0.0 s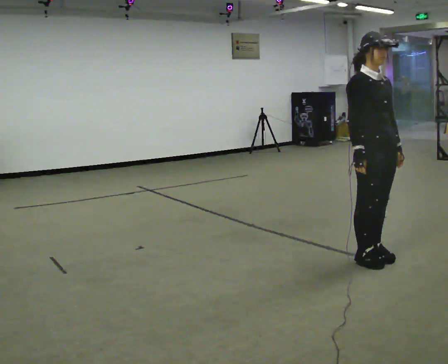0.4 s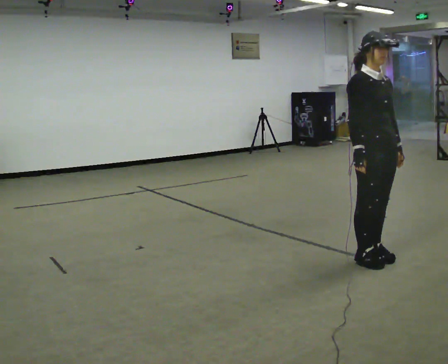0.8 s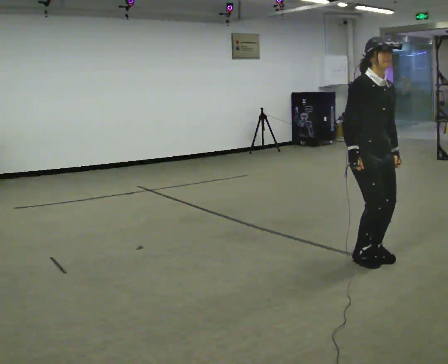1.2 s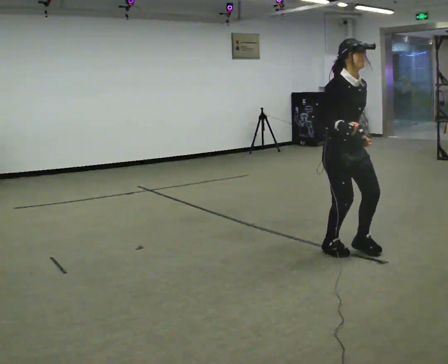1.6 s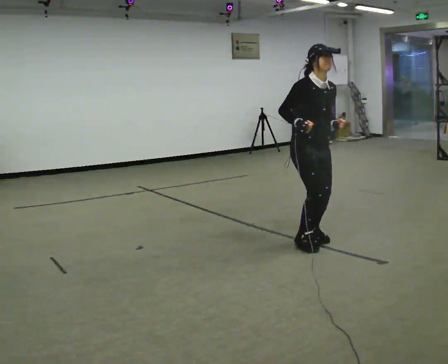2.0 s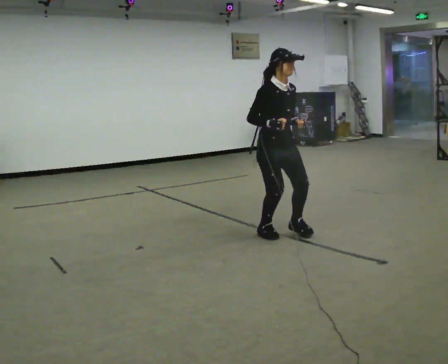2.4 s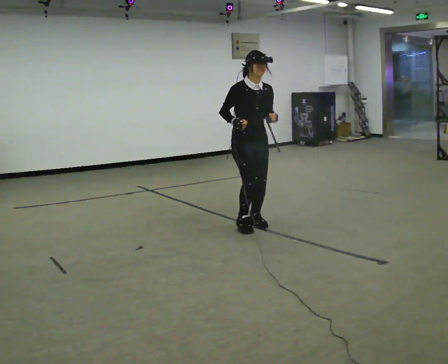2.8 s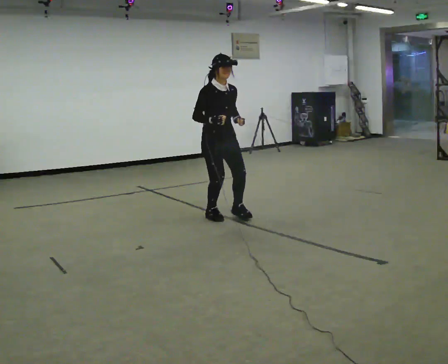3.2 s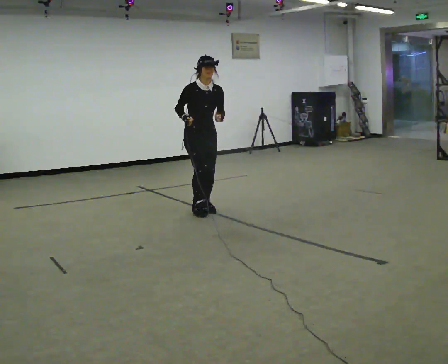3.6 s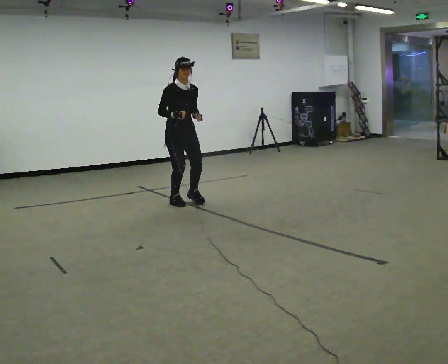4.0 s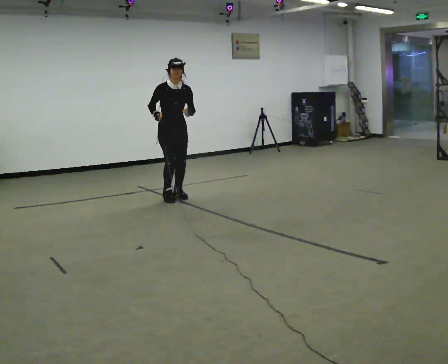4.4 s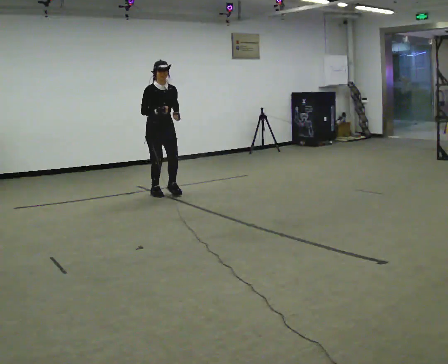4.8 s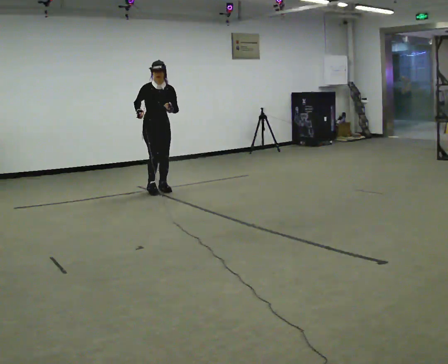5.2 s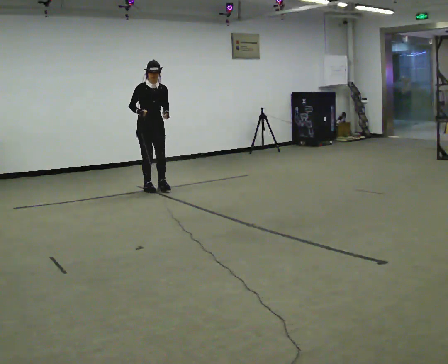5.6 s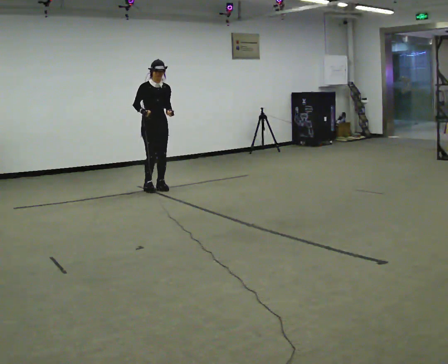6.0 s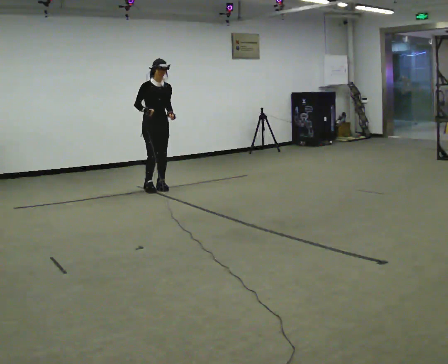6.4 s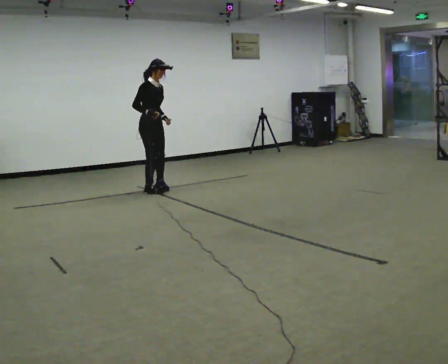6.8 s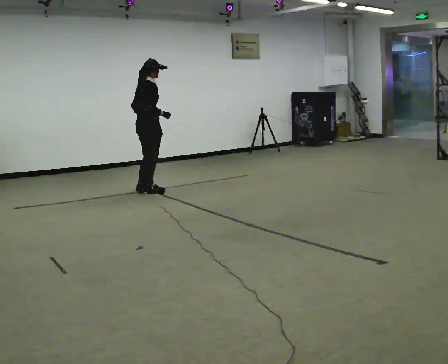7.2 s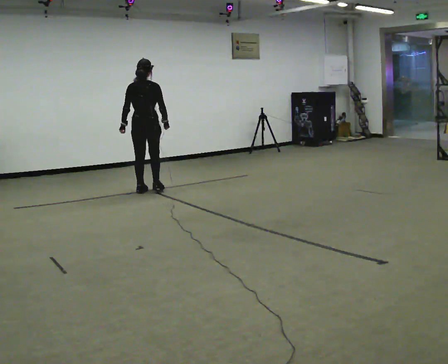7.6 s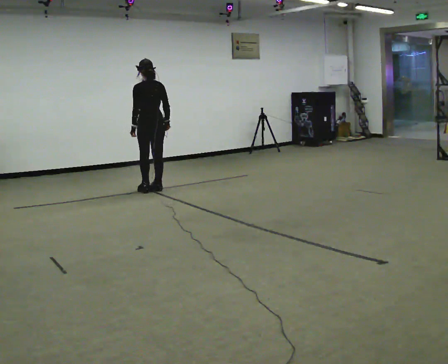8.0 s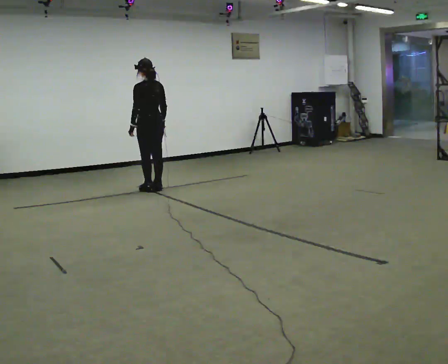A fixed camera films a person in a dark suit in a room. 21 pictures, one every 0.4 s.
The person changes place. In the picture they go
away from the camera.
0.0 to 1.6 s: In the picture they go away from the camera and to the left, about 0.75 m in 2 steps, which for them is backward.
1.6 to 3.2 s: In the picture they go away from the camera and to the left, about 1.5 m in 4 steps, which for them is backward.
3.2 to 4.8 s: In the picture they go away from the camera and to the left, about 1 m in 4 steps, which for them is backward.
4.8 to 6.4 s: The part of the body nearest the lens slides to the right as the person turns to their left by about 45 degrees.
6.4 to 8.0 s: The part of the body nearest the lens slides to the right as the person turns to their left by about 150 degrees.
The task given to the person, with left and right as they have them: Jog backward at a comfortable pace. The operator confirms the space behind you is clear before each take.
The film runs forward here.
